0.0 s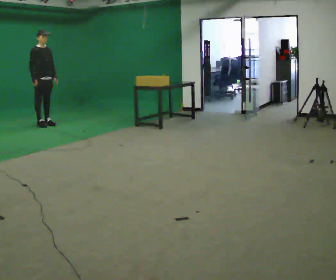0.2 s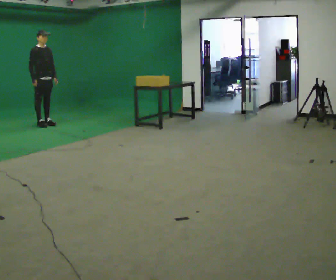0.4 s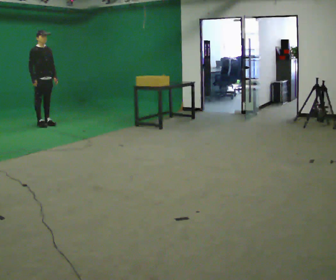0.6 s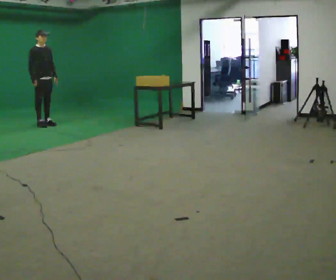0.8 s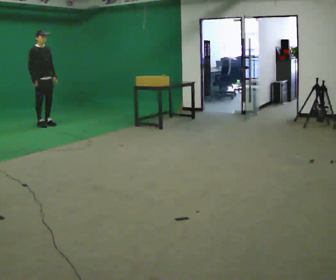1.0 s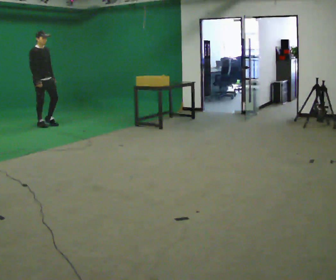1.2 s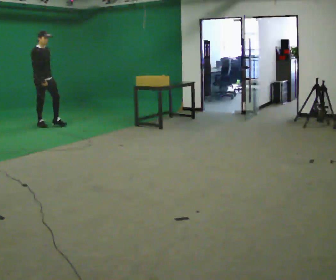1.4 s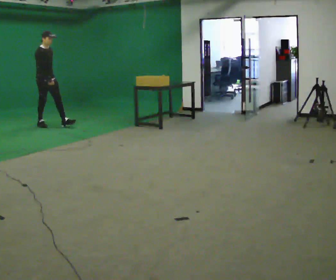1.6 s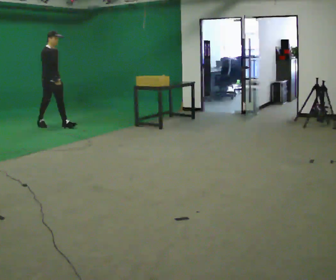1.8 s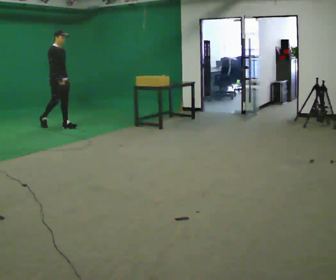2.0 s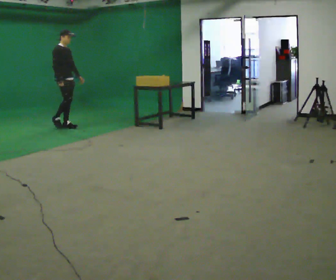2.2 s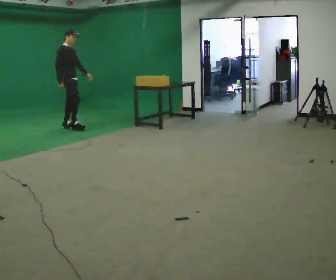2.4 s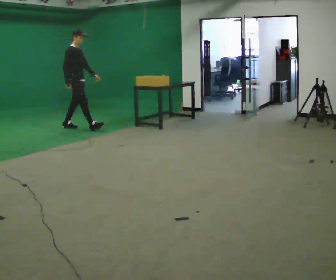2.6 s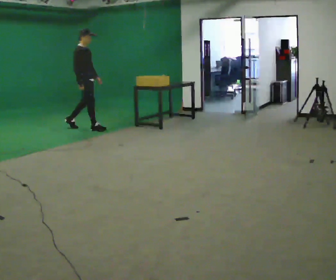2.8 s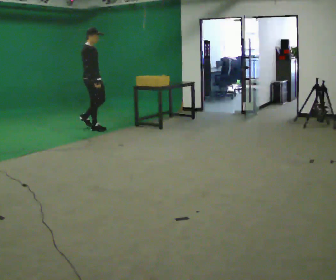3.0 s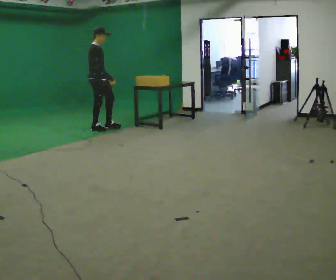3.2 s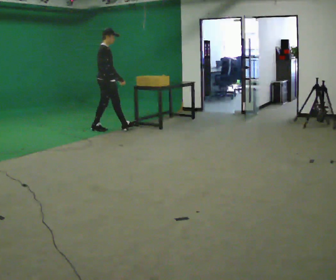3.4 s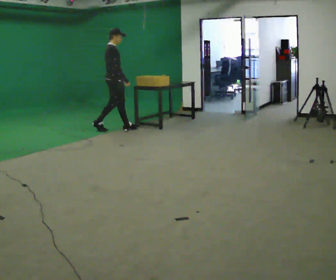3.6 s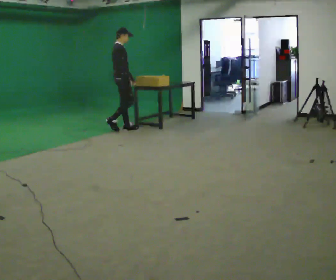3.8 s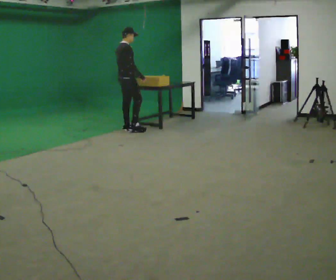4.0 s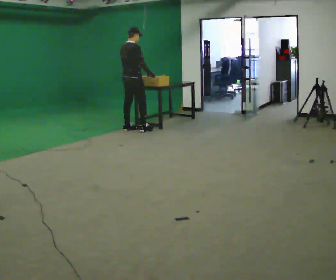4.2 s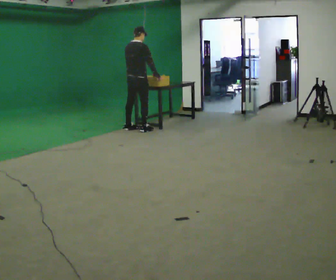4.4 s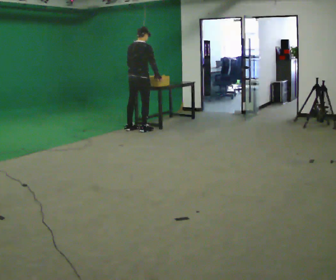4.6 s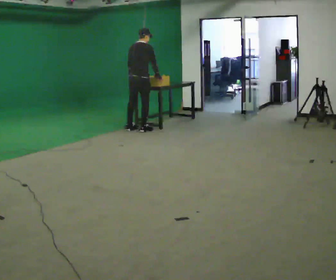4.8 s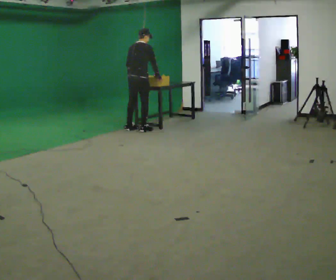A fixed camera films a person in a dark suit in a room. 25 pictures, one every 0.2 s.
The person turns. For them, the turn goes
to their left.
The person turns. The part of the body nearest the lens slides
to the right.
0.0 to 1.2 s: The person moves a little, or ends about where they began.
1.2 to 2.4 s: In the picture they go to the right and toward the camera, about 0.5 m in 2 steps, which for them is forward.
2.4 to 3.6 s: In the picture they go to the right, about 1 m in 1 step, which for them is forward.
3.6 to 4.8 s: The part of the body nearest the lens slides to the right as the person turns to their left by about 45 degrees. In the picture they go to the right, about 0.25 m in 1 step, which for them is to their right.
The film runs forward here.
